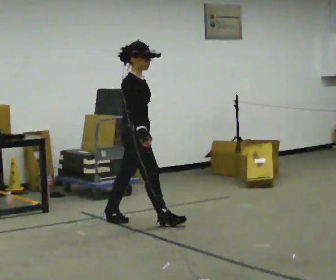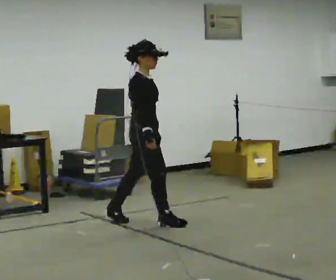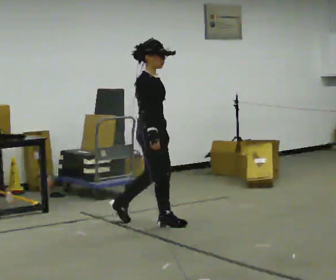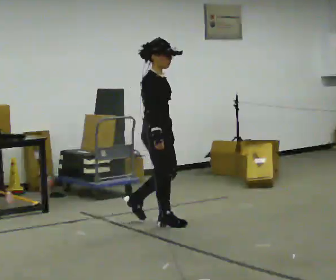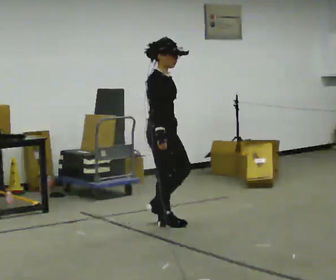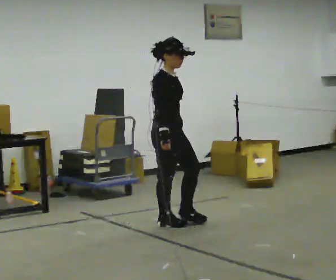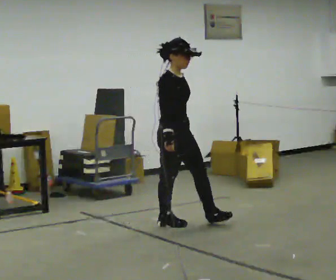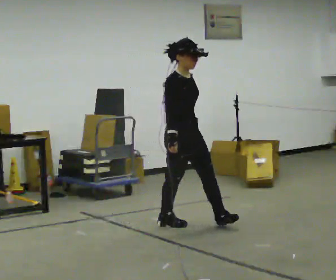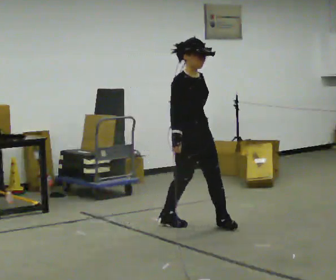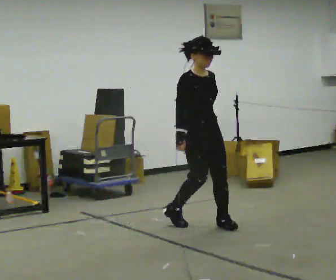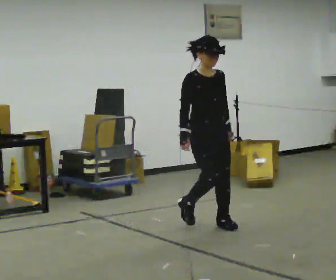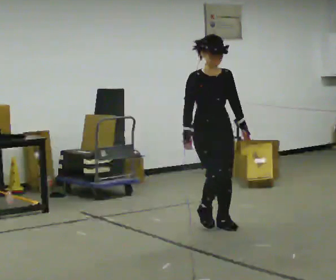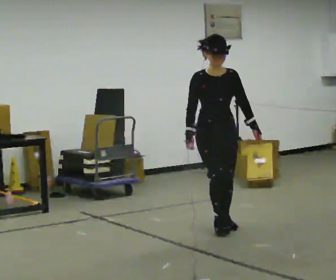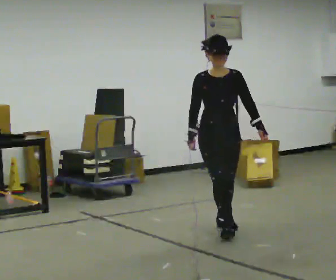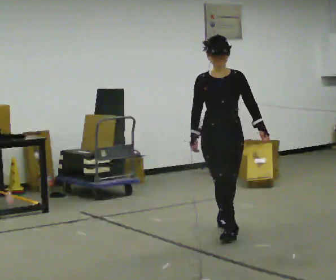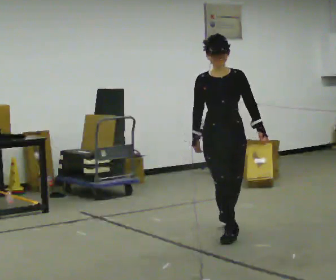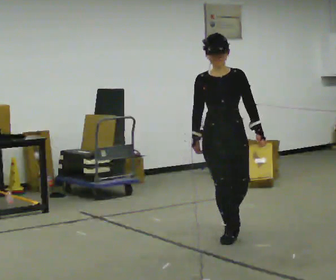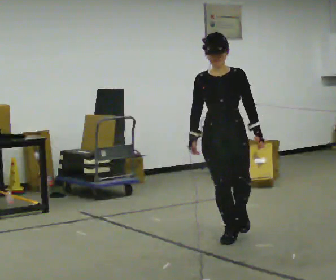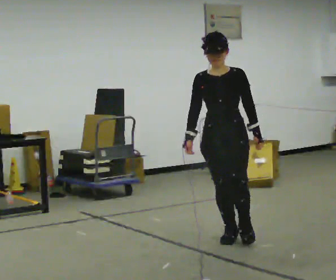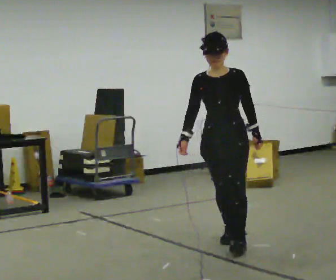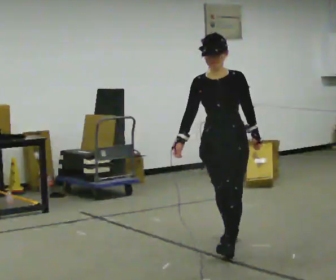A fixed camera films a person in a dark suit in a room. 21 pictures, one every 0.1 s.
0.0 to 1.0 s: The part of the body nearest the lens slides to the left as the person turns to their right by about 60 degrees. In the picture they go to the right, about 0.75 m in 1 step, which for them is forward.
1.0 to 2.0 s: The person turns about 45 degrees to their right, clockwise seen from above, so the part of the body nearest the lens slides to the left. In the picture they go toward the camera, about 0.75 m in 1 step, which for them is forward.
The film runs forward here.
